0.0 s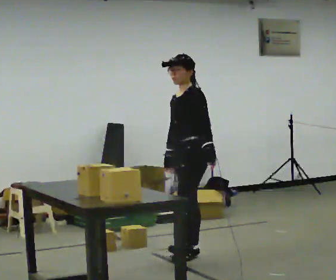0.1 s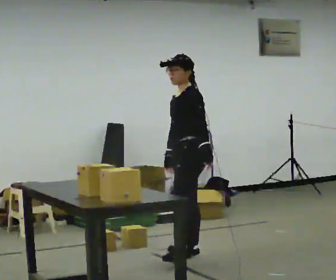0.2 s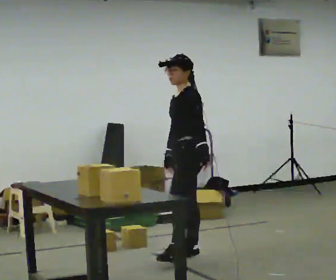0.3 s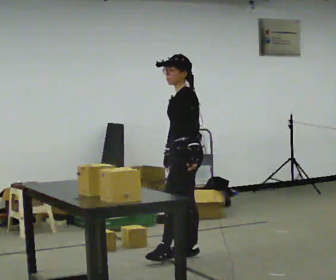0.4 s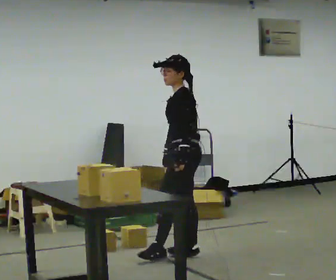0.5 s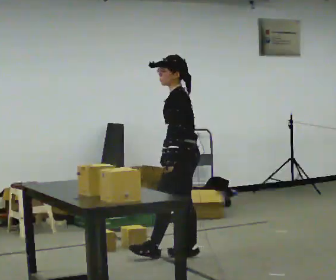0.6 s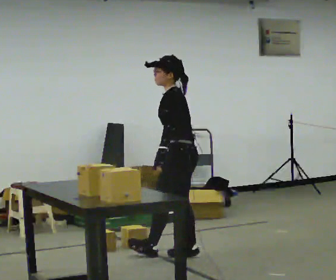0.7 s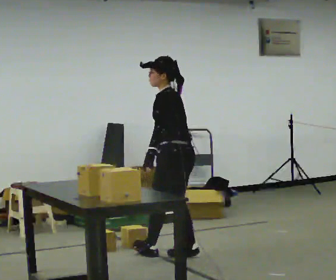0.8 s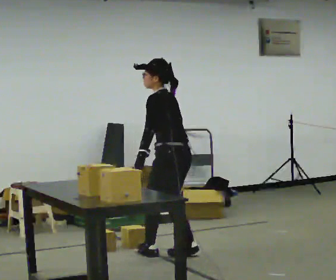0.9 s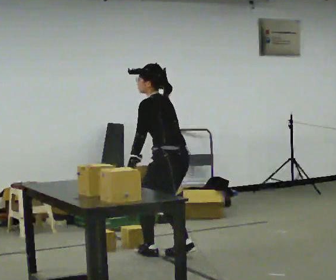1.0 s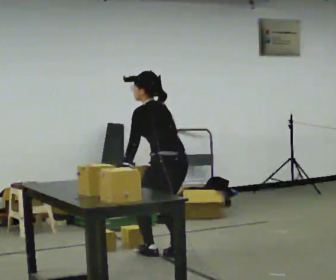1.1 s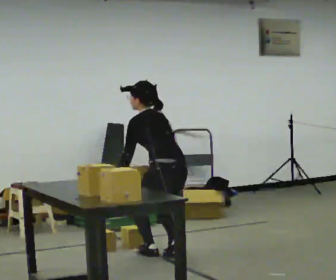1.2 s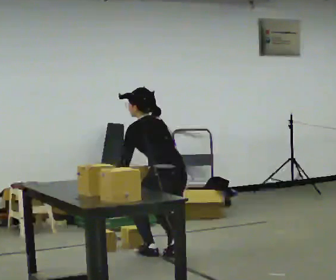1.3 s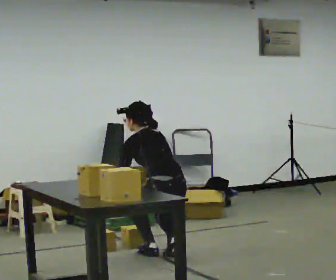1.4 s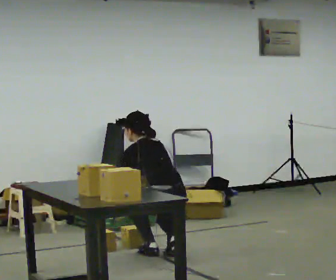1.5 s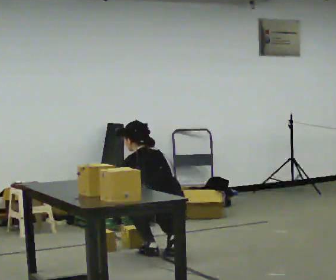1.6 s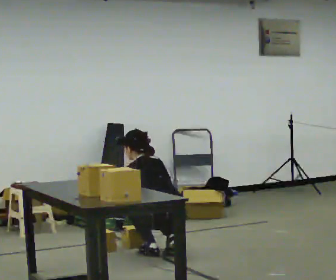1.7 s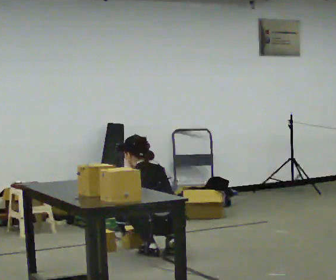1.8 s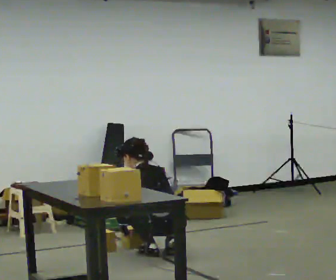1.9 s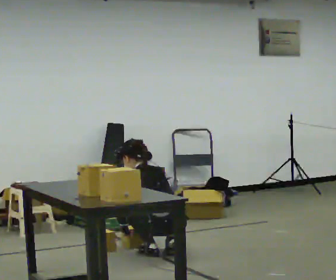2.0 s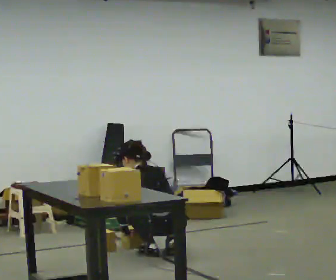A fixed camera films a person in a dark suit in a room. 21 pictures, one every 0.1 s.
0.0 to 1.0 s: Seen from above the body turns clockwise, about 60 degrees: to their right, with its near side sliding to the left. In the picture they go to the left, about 0.25 m in 1 step, which for them is forward. In the picture their left hand goes to the left, the arm swinging clockwise.
1.0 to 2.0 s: The upper body goes downward. In the picture their left hand goes downward.
The film runs backward here.
